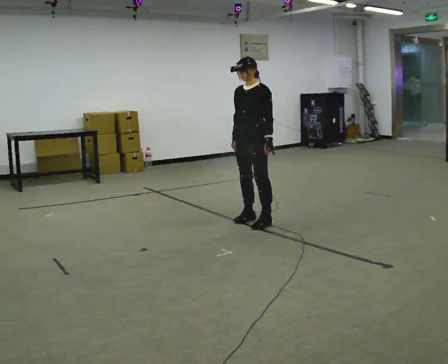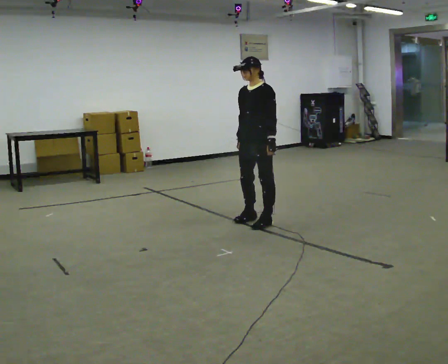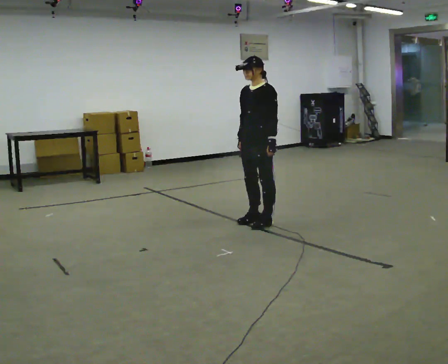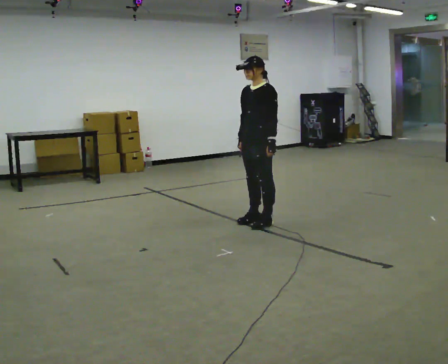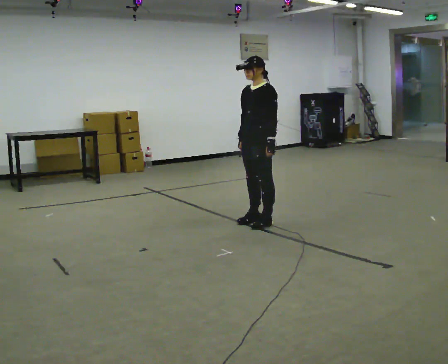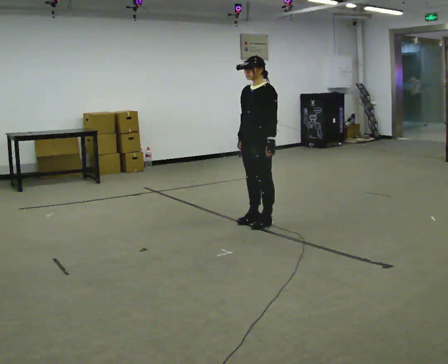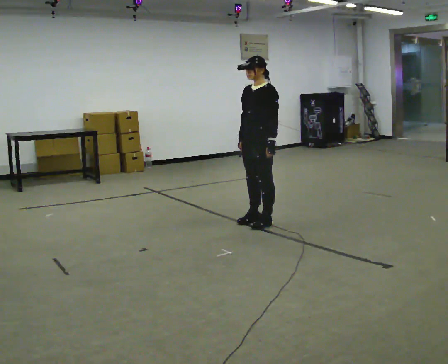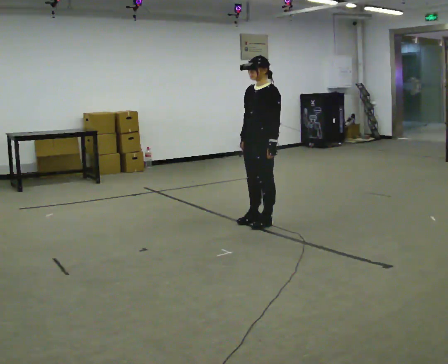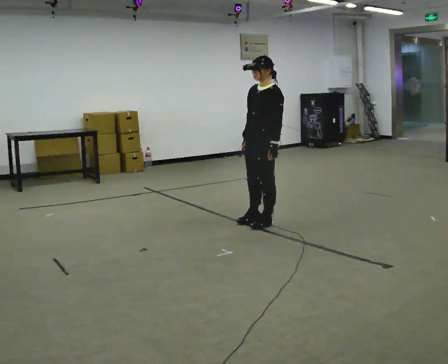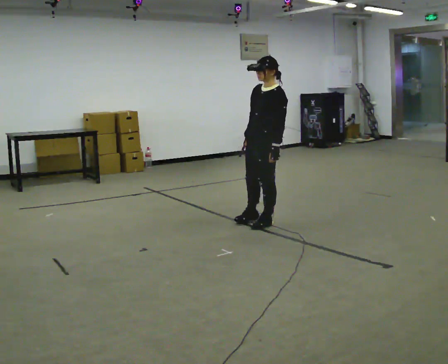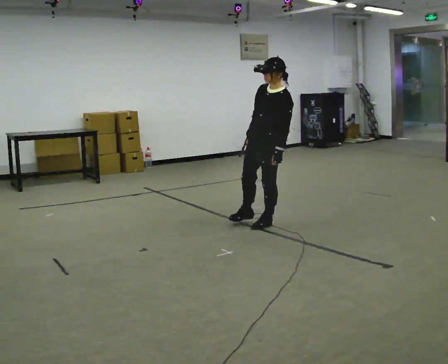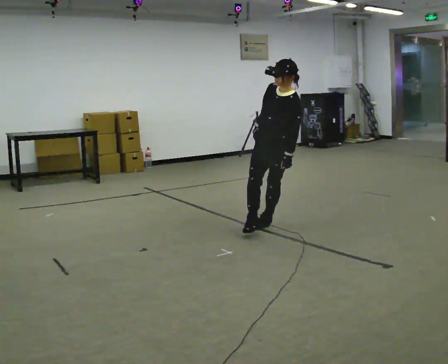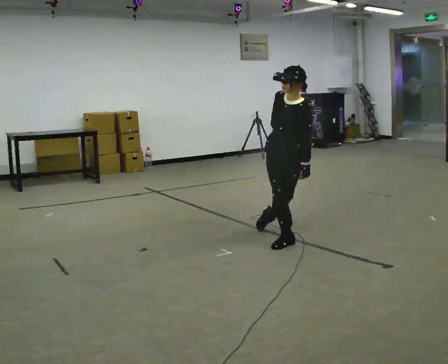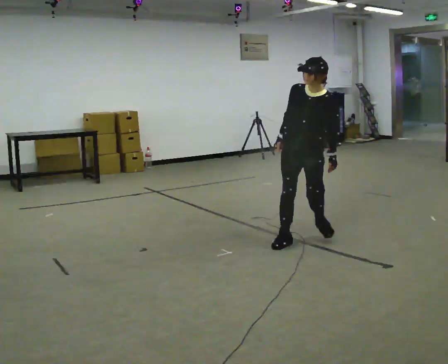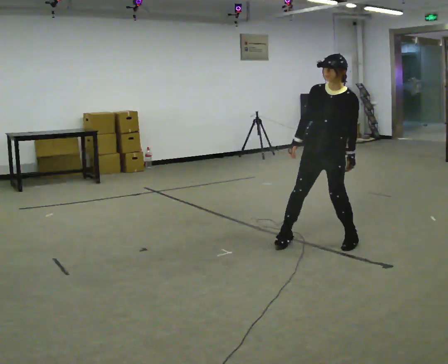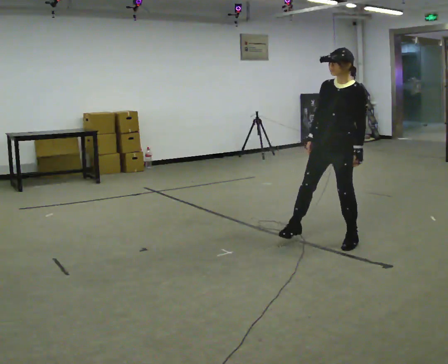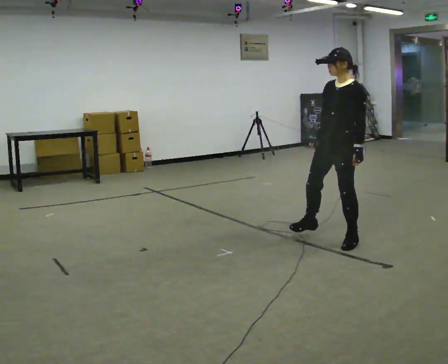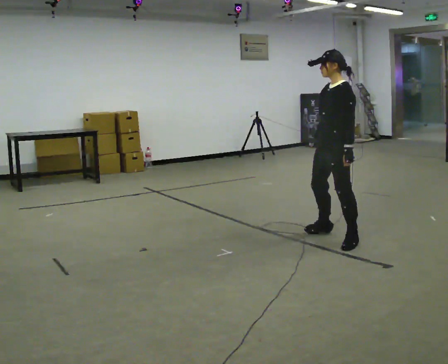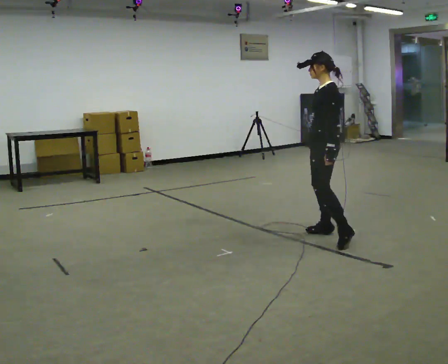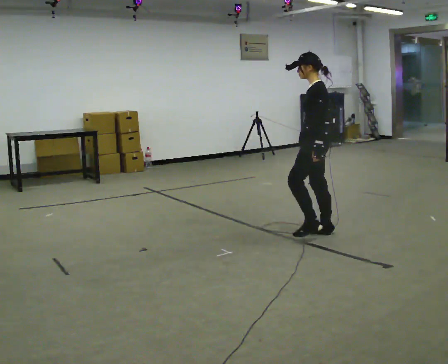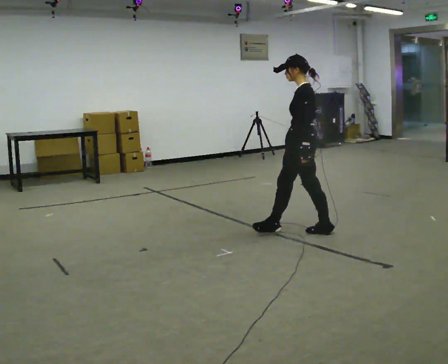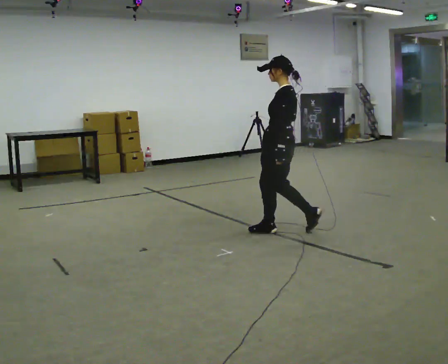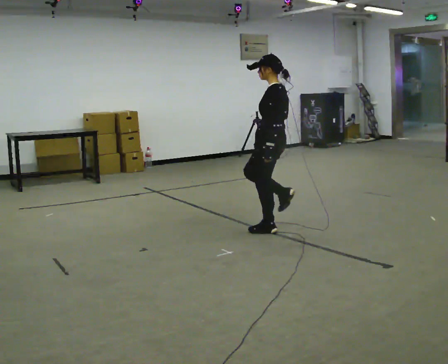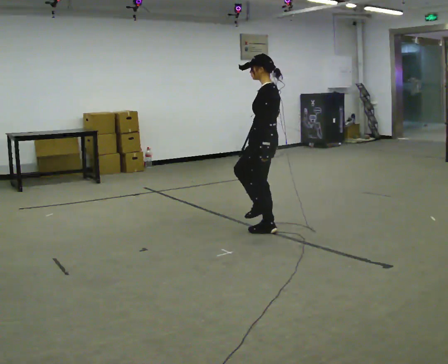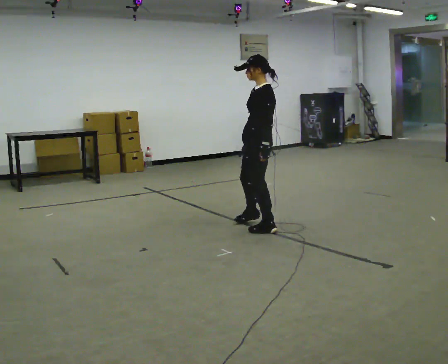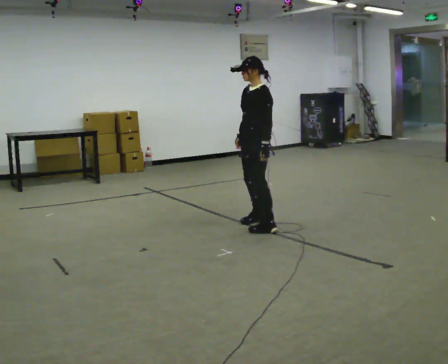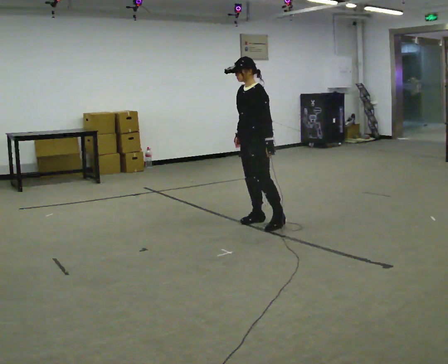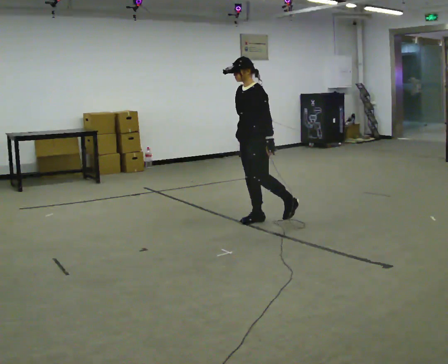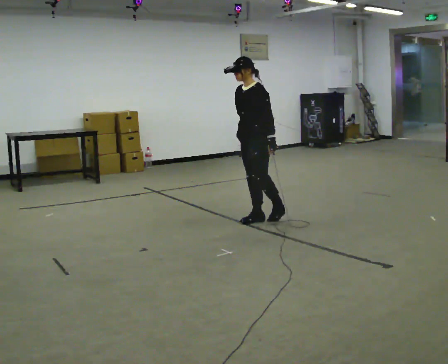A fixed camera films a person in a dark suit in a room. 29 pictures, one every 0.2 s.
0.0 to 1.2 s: The person moves a little, or ends about where they began.
1.2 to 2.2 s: In the picture they go toward the camera and to the right, about 0.25 m, which for them is to their left. The upper body tips toward the camera, its near side rolling downward.
2.2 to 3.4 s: Seen from above the body turns clockwise, about 30 degrees: to their right, with its near side sliding to the left. In the picture they go to the right, about 0.5 m in 3 steps, which for them is to their left.
3.4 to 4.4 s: The person turns about 30 degrees to their right, clockwise seen from above, so the part of the body nearest the lens slides to the left. In the picture they go to the left, about 0.5 m in 1 step, which for them is forward.
4.4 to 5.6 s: The part of the body nearest the lens slides to the right as the person turns to their left by about 60 degrees. In the picture they go away from the camera and to the left, about 0.5 m in 1 step, which for them is to their right.
The film runs forward here.
